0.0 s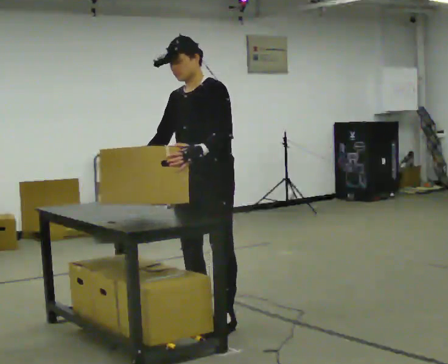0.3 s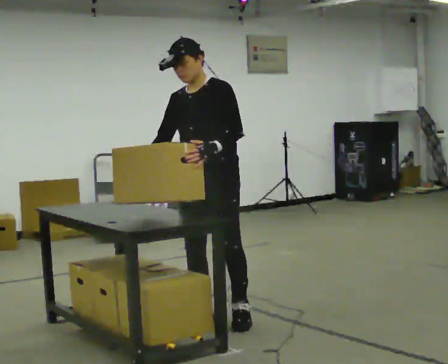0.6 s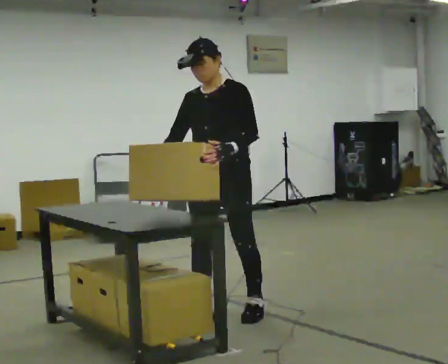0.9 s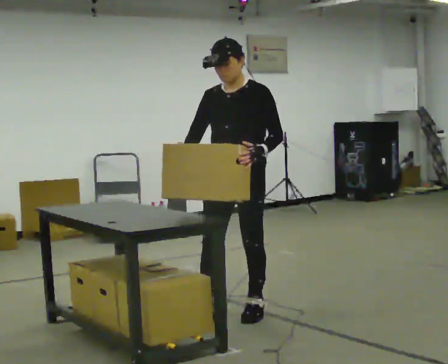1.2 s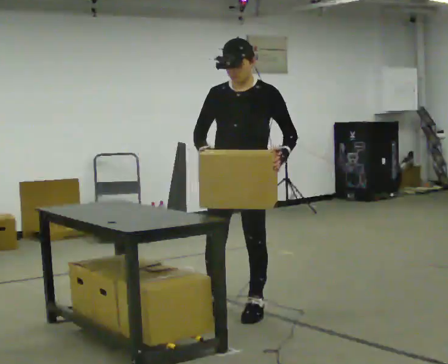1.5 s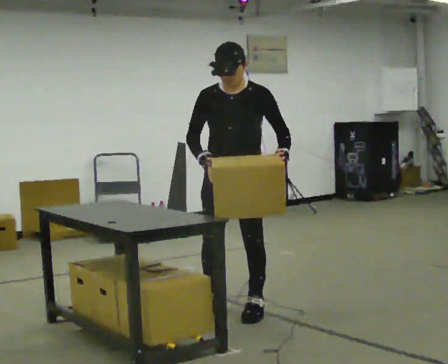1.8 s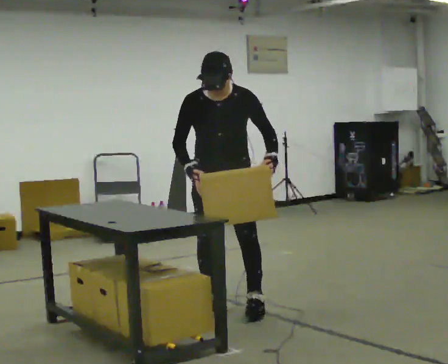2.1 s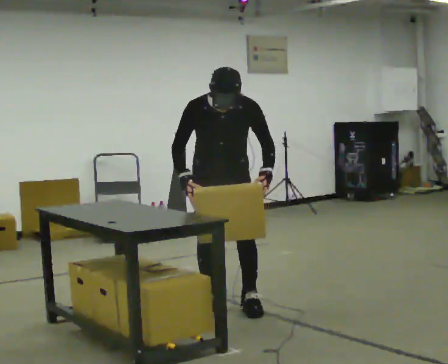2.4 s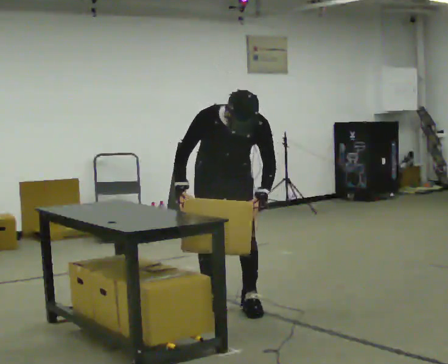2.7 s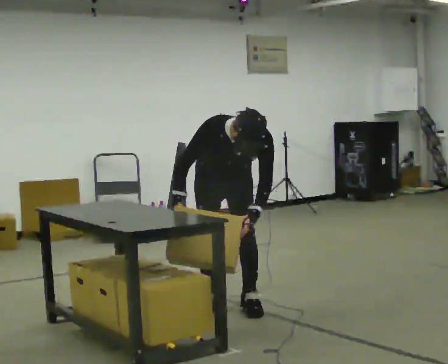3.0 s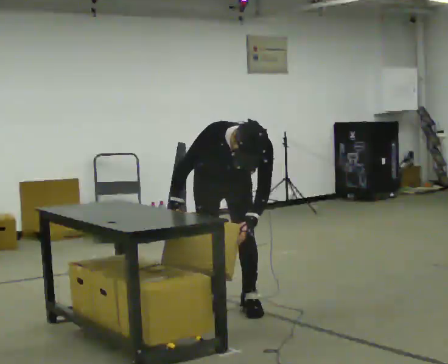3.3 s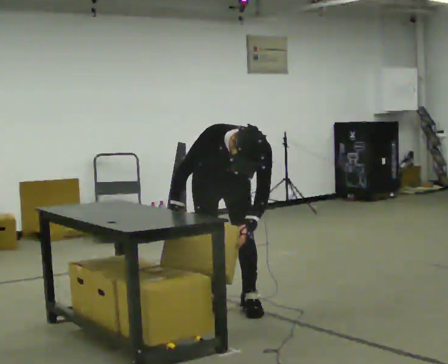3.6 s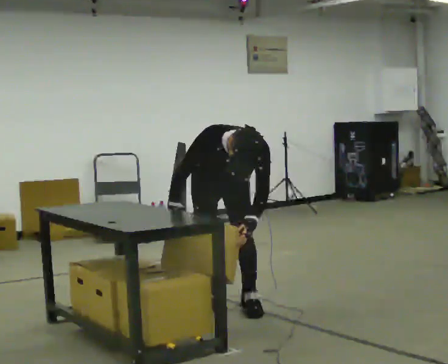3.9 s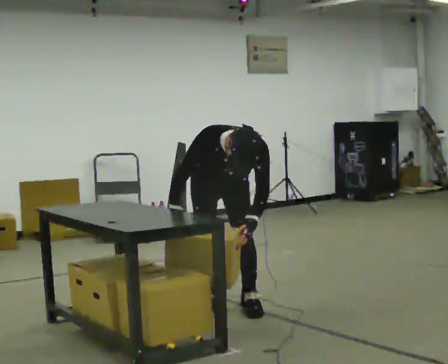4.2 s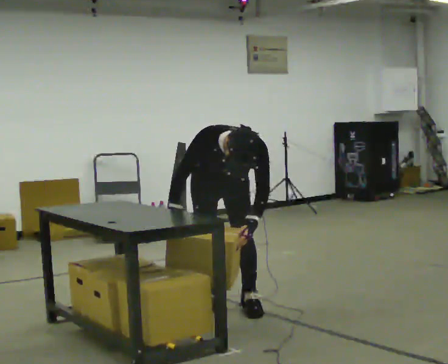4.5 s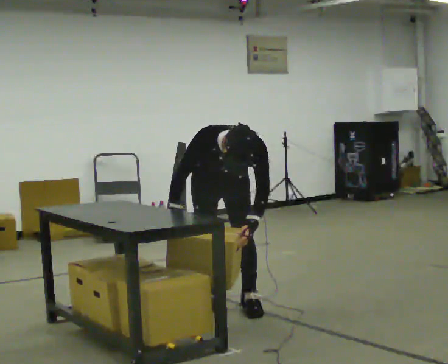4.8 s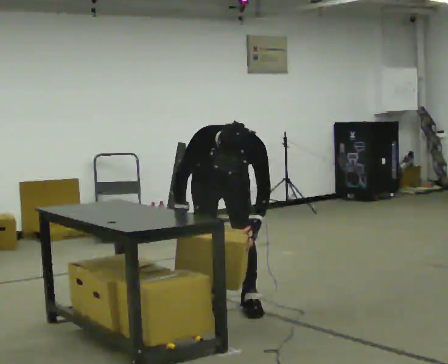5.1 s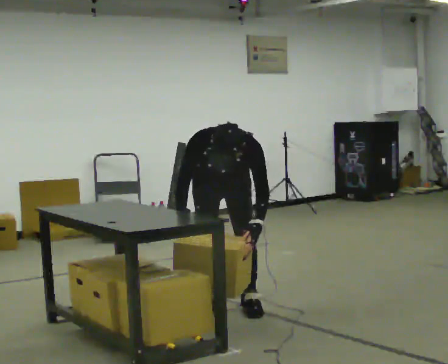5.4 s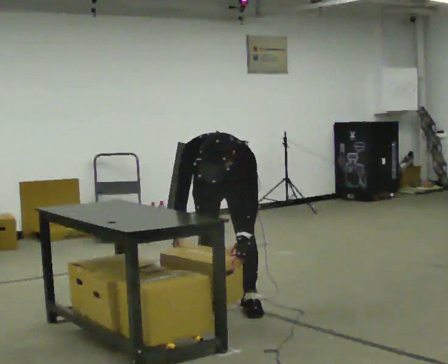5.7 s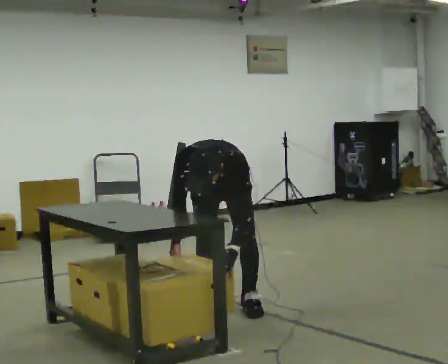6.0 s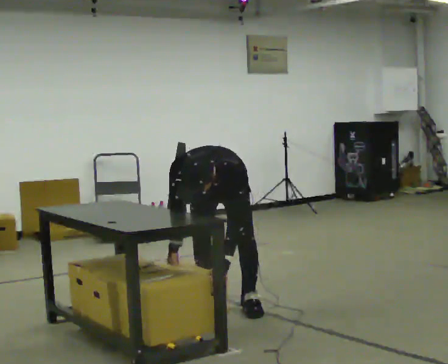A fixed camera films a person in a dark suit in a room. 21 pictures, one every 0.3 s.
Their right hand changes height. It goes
downward.
The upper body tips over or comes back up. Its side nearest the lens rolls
downward.
0.0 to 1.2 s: In the picture they go away from the camera and to the right, about 0.25 m in 1 step, which for them is backward.
1.2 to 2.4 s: In the picture they go away from the camera, about 0.25 m in 1 step, which for them is backward and to their right. The shoulders move downward. The upper body tips toward the camera, its near side rolling downward, as they bend forward.
2.4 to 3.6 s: The upper body tips toward the camera, its near side rolling downward, as they bend forward.
3.6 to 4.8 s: In the picture the upper body tilts counterclockwise, shoulders to the left.
4.8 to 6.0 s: The upper body goes downward. In the picture the upper body tilts counterclockwise, shoulders to the left, as they bend forward.
The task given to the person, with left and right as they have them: Crouch down and place the object on the lowest shelf, then stand back up. Do not step. Repeat at your own pace until the operator says stop.
The film runs forward here.
